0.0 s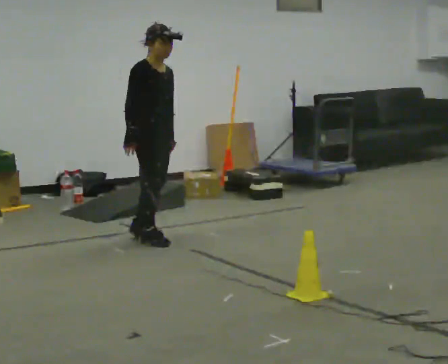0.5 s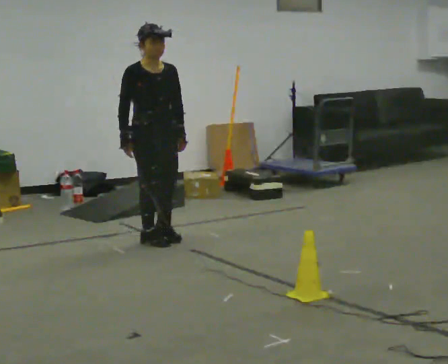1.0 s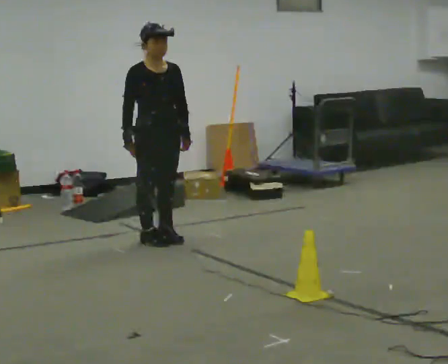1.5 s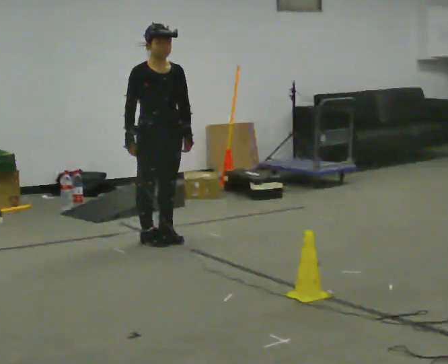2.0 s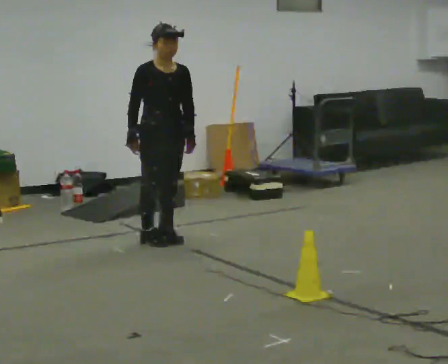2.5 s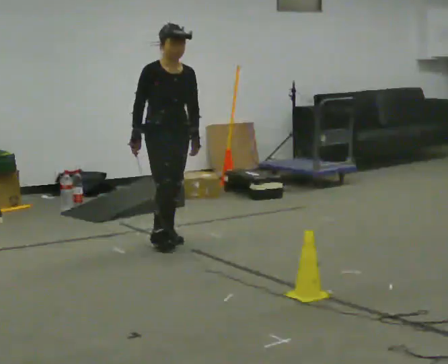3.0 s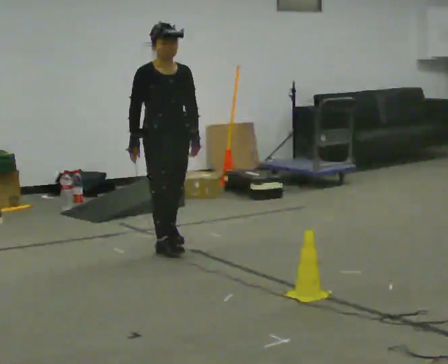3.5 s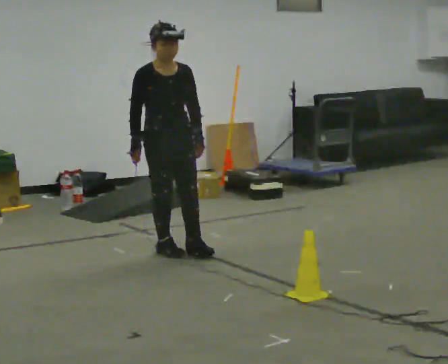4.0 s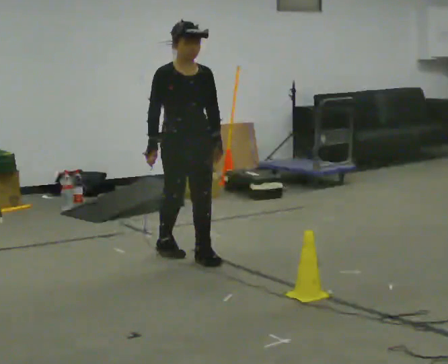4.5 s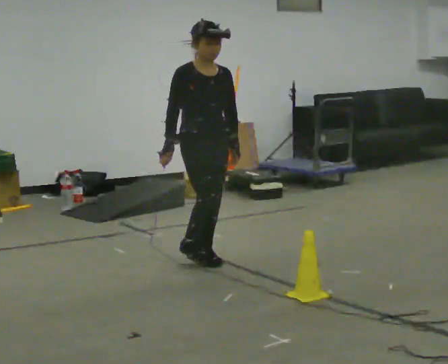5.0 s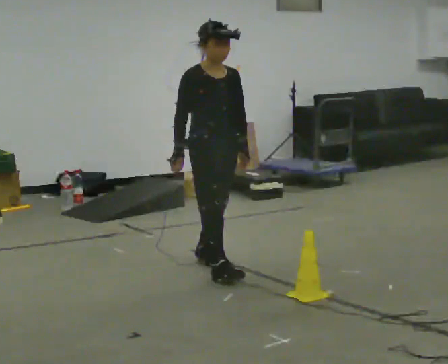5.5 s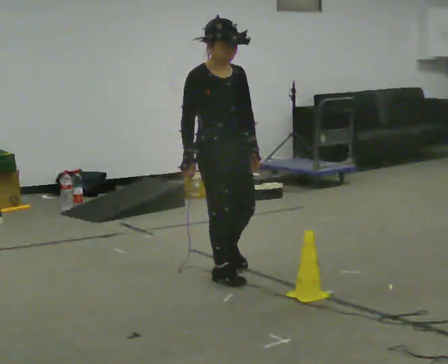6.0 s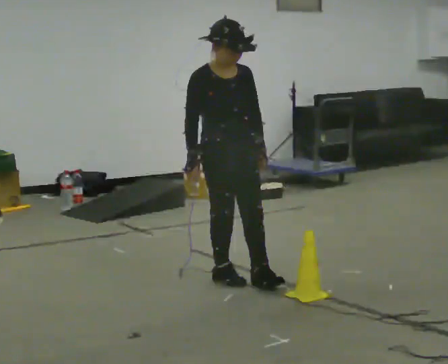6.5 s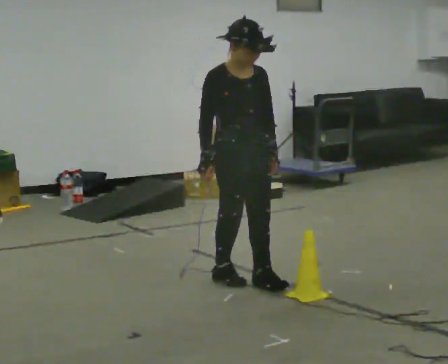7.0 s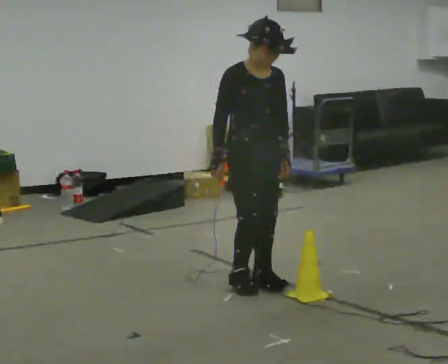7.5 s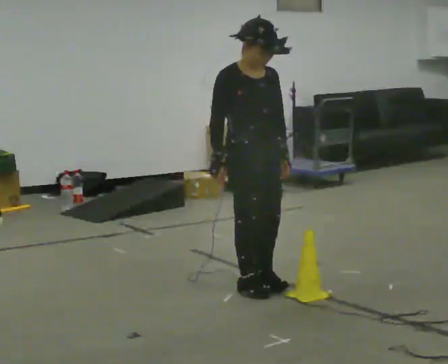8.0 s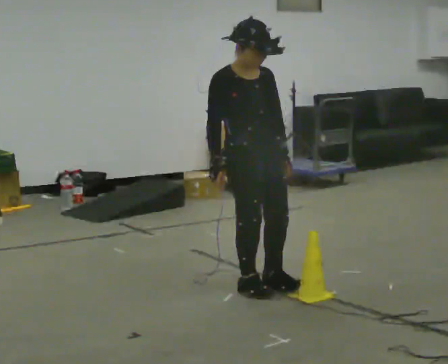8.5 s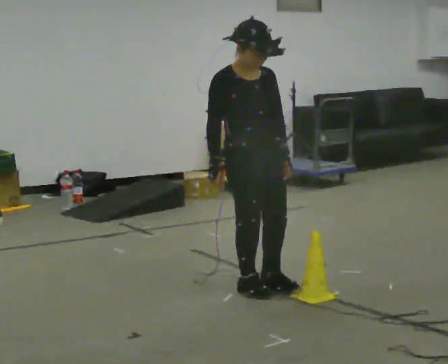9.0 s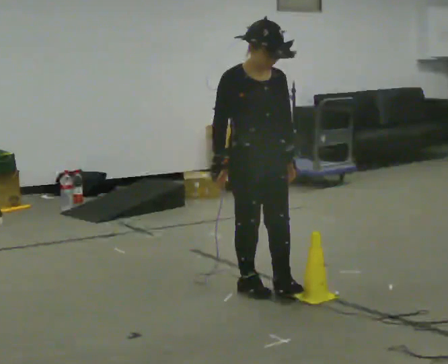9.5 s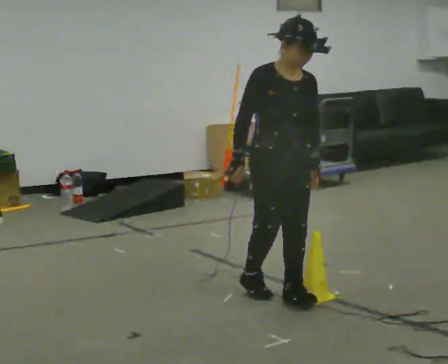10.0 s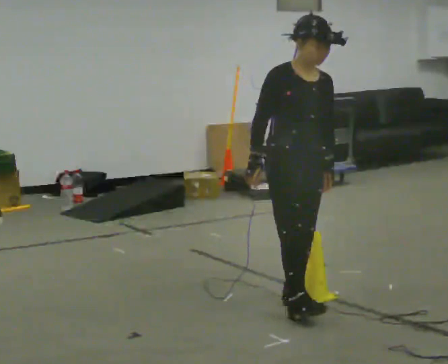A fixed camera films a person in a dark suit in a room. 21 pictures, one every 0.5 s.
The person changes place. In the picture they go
toward the camera.
0.0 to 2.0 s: The person moves a little, or ends about where they began.
2.0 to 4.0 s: In the picture they go toward the camera and to the right, about 0.5 m in 2 steps, which for them is forward.
4.0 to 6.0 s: In the picture they go toward the camera and to the right, about 0.5 m in 2 steps, which for them is forward.
6.0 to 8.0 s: In the picture they go toward the camera, about 0.25 m in 1 step, which for them is forward.
8.0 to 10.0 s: In the picture they go toward the camera and to the right, about 0.25 m in 1 step, which for them is forward.
The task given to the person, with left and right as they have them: Walk back and forth across the room at a normal pace, looking ahead. There may be something on the floor. Recover however comes naturally and carry on.
The film runs forward here.
